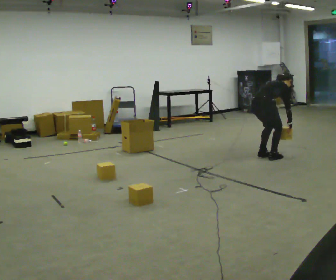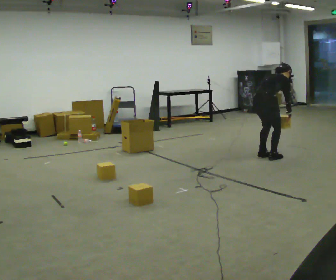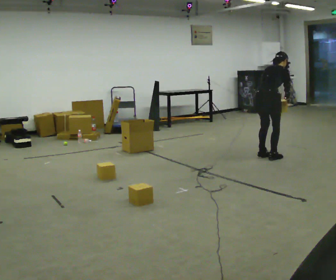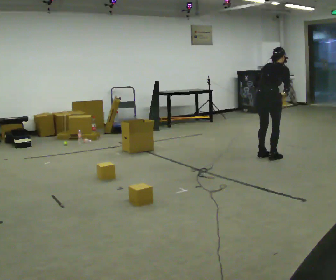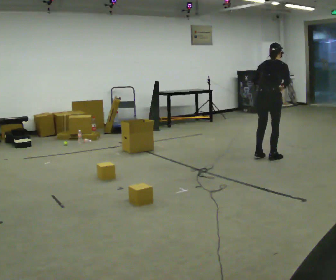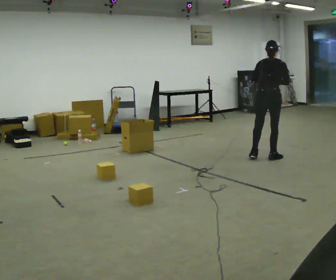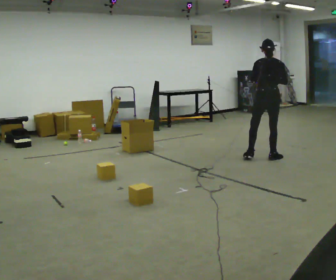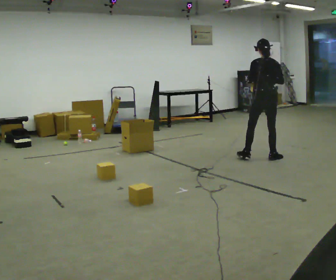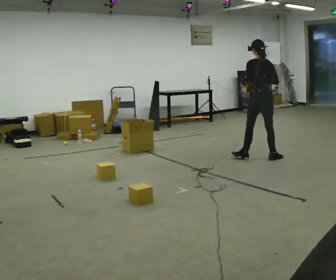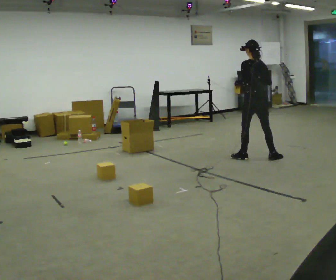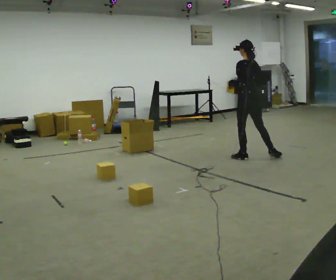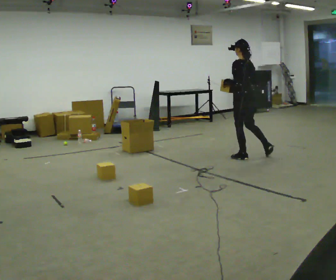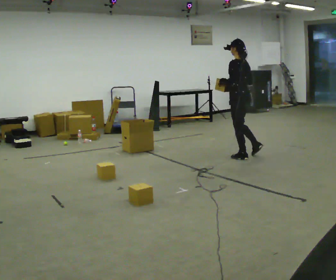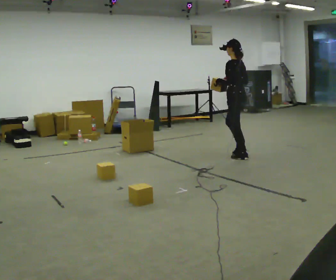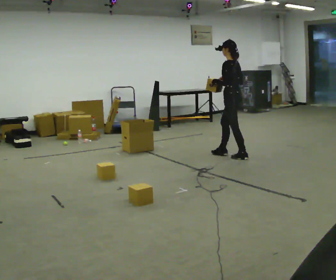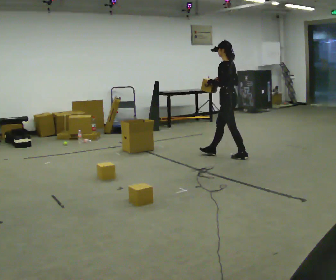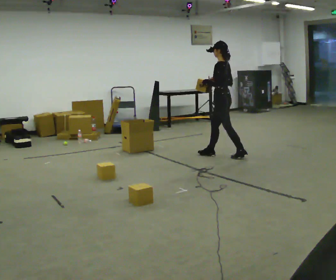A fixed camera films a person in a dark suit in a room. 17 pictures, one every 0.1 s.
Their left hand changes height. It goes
upward.
The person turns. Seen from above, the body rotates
counterclockwise.
0.0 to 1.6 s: The part of the body nearest the lens slides to the right as the person turns to their left by about 120 degrees. In the picture they go to the left, about 0.5 m in 2 steps. The shoulders move upward. In the picture the upper body tilts counterclockwise, shoulders to the left, as they lean back or straighten. In the picture their right hand goes upward.
The film runs forward here.
